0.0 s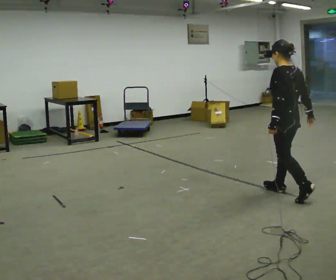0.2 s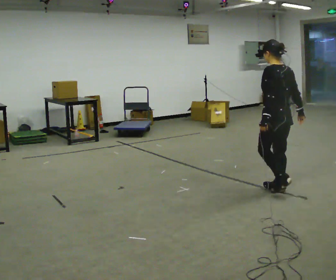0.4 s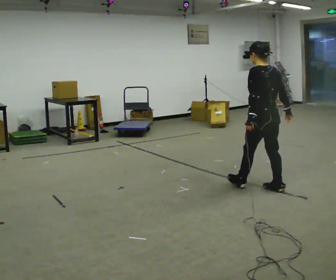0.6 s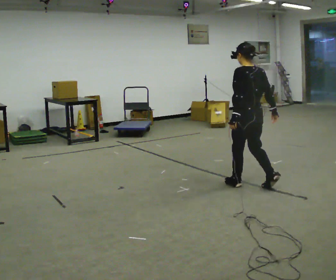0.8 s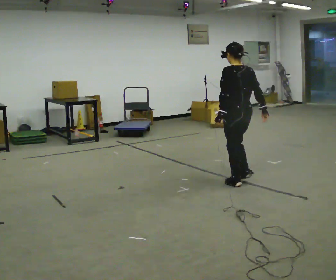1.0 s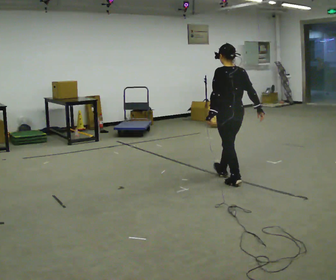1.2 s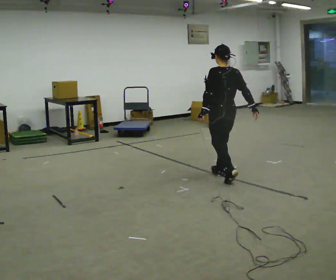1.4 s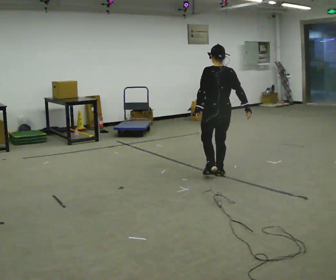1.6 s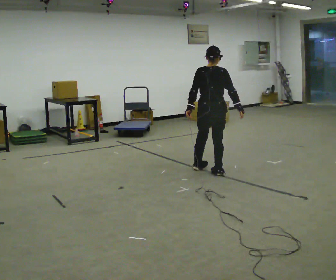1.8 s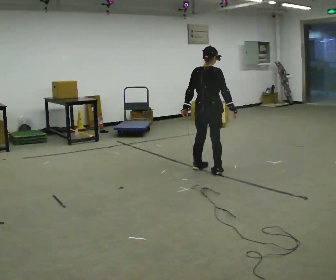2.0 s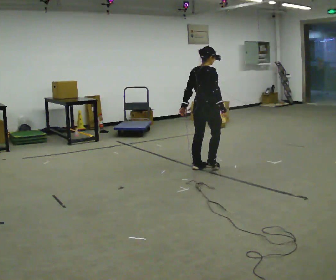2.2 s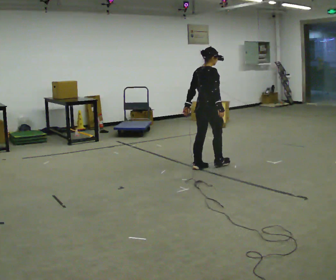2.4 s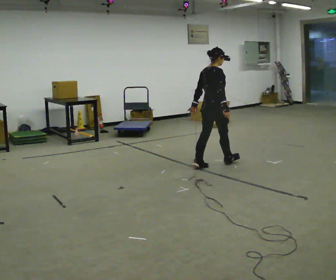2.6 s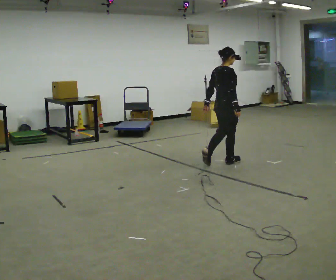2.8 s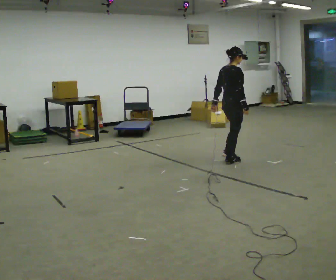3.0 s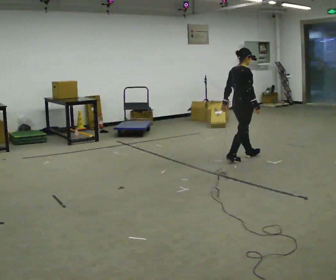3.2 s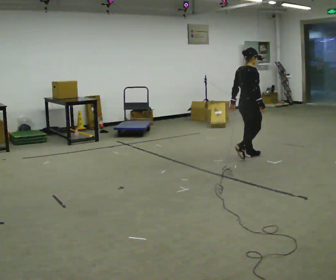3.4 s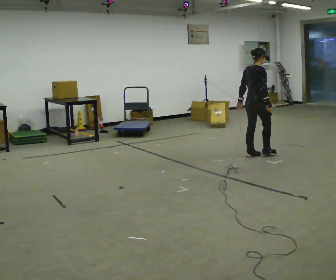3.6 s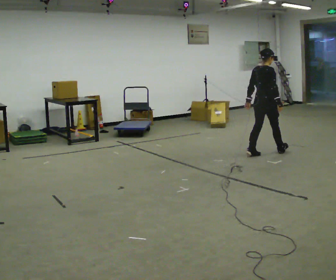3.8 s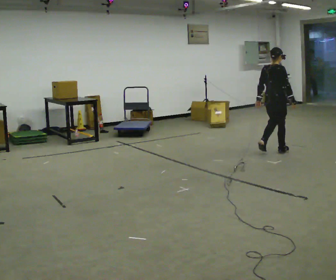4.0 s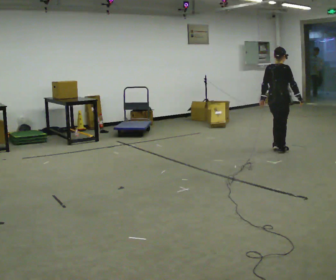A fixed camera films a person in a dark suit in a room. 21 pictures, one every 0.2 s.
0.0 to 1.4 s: Seen from above the body turns clockwise, about 30 degrees: to their right, with its near side sliding to the left. In the picture they go away from the camera and to the left, about 1 m in 2 steps, which for them is forward.
1.4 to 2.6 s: The part of the body nearest the lens slides to the left as the person turns to their right by about 75 degrees. In the picture they go away from the camera, about 0.5 m in 2 steps.
2.6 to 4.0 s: In the picture they go to the right and away from the camera, about 1 m in 2 steps, which for them is forward.
The film runs forward here.
